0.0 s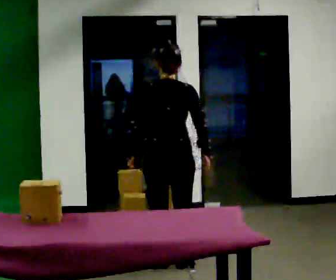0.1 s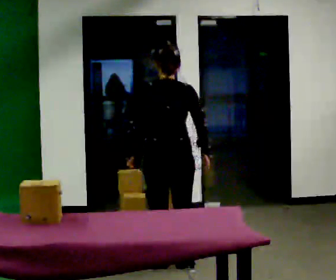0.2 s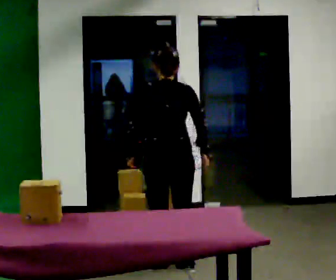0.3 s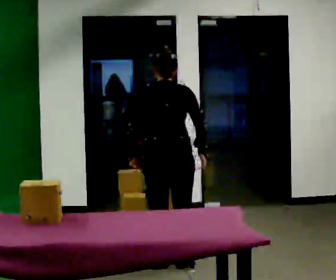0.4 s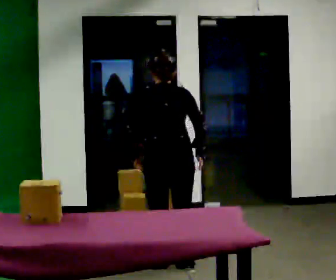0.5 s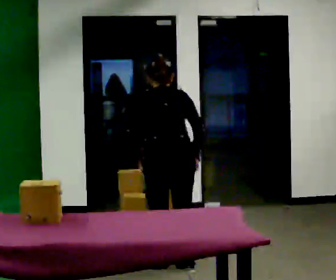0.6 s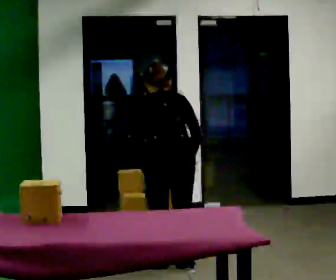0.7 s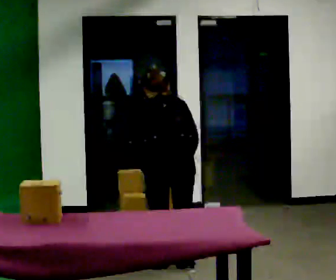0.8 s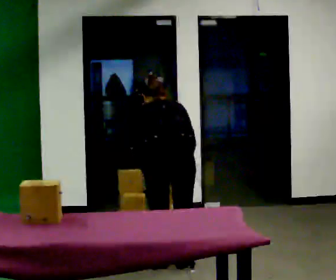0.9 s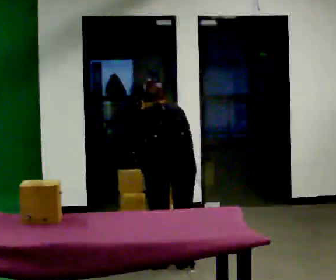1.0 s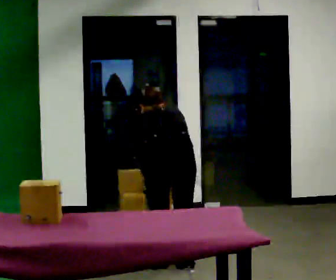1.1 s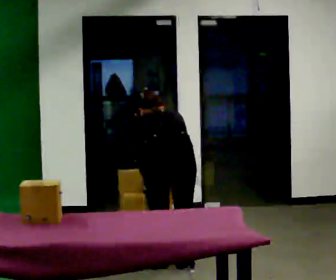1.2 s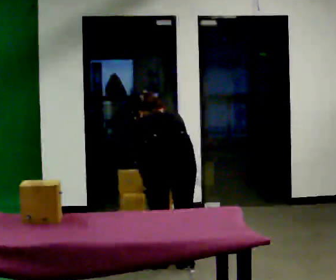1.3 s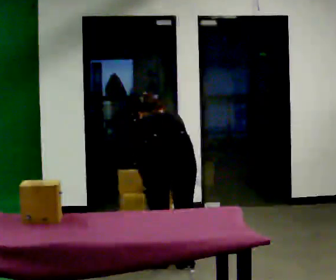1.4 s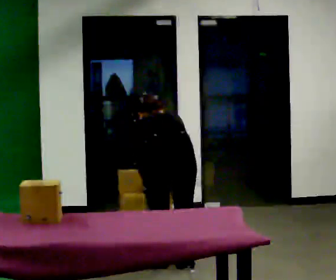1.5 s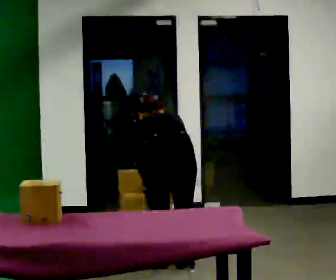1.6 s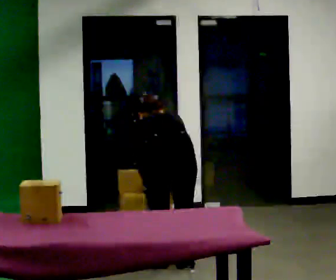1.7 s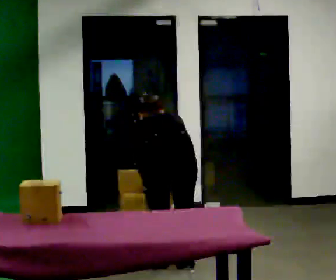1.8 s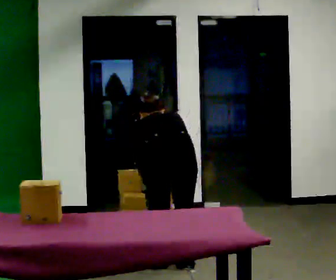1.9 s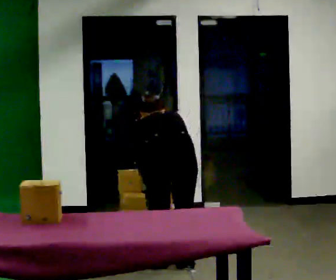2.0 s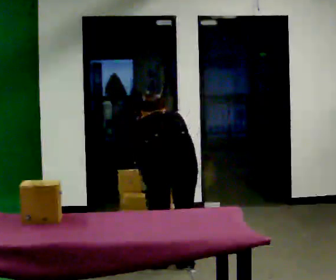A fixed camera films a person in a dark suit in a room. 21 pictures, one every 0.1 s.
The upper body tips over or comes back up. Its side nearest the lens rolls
upward.
0.0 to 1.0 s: The upper body goes downward. The upper body tips away from the camera, its near side rolling upward, as they bend forward.
1.0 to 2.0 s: The person moves a little, or ends about where they began.
The film runs backward here.
